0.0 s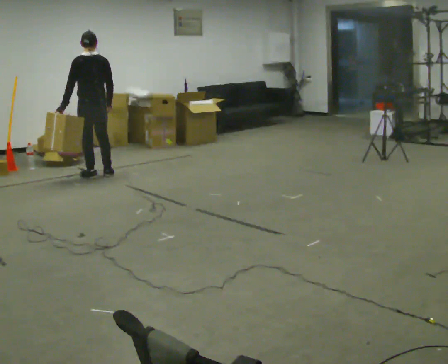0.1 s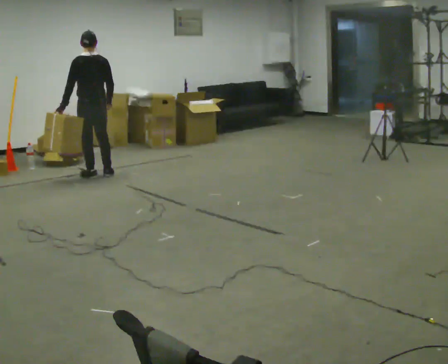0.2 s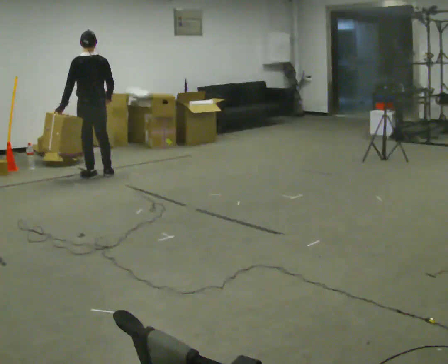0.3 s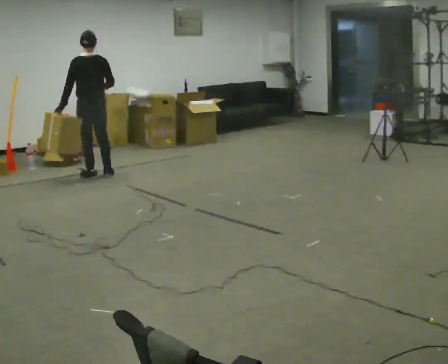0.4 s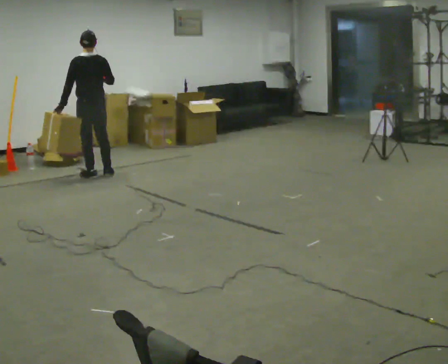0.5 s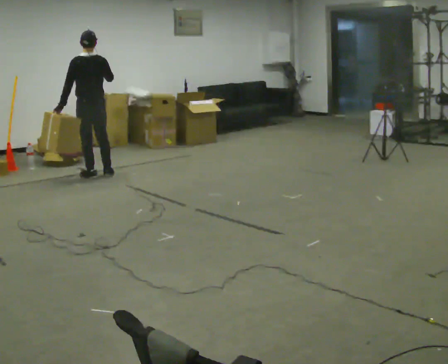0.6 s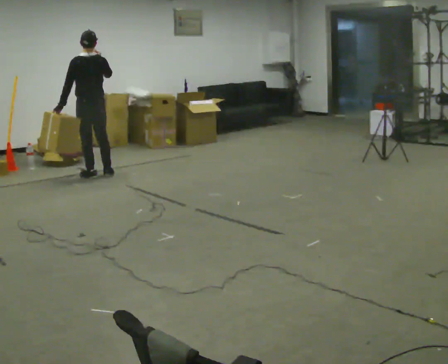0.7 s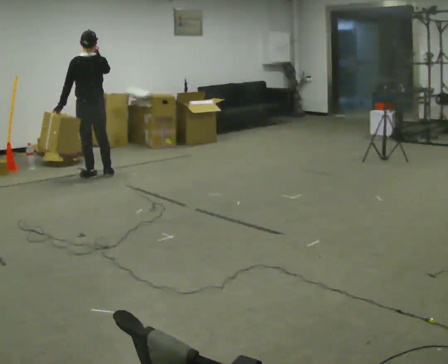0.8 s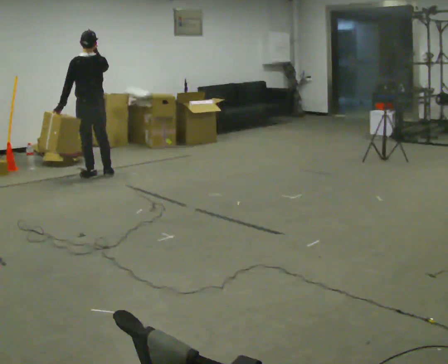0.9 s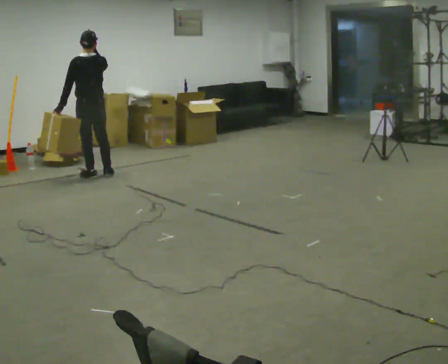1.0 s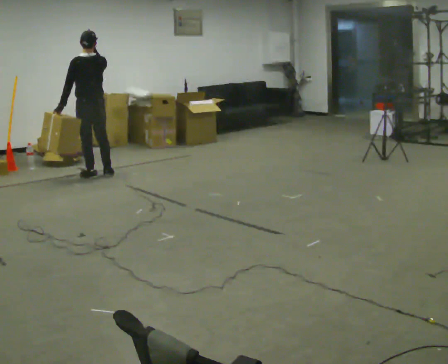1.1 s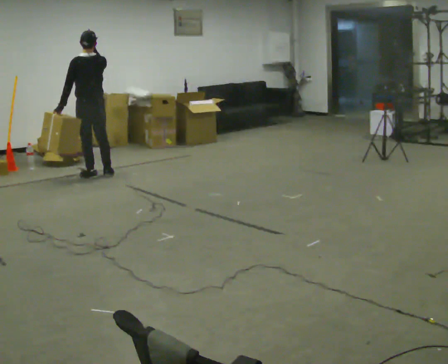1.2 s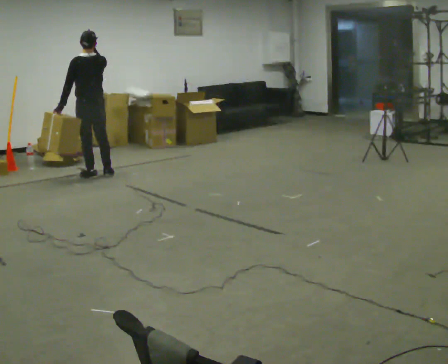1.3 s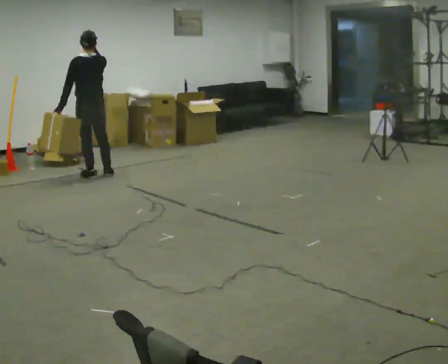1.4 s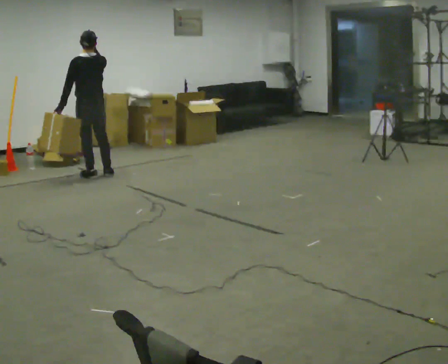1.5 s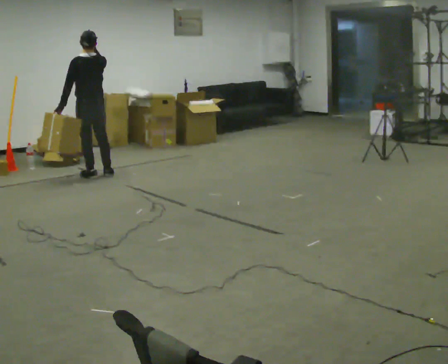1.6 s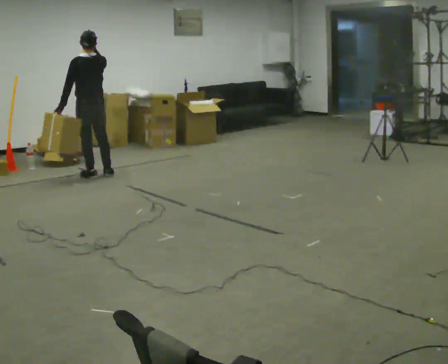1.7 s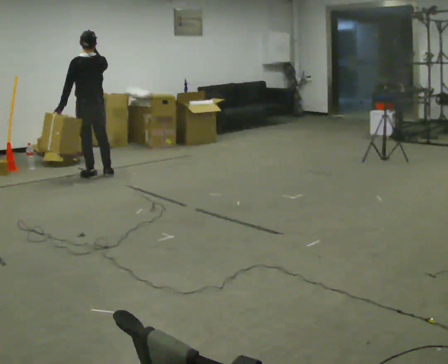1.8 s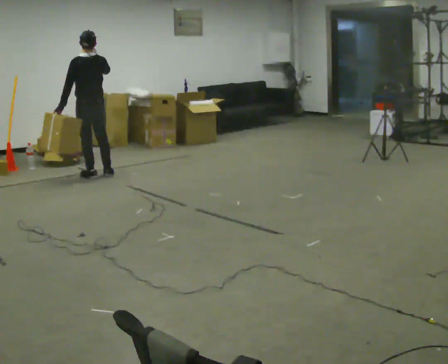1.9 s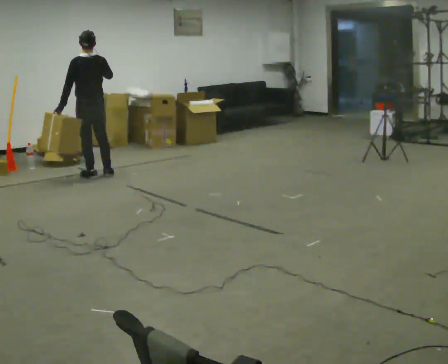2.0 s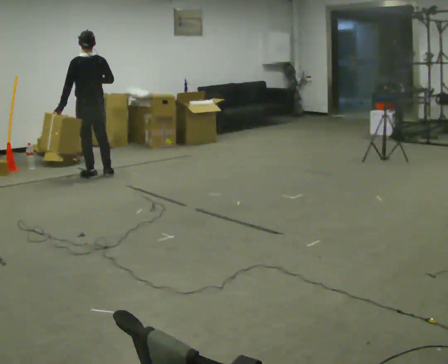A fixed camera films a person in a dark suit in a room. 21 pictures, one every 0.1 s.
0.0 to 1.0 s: In the picture their right hand goes upward.
1.0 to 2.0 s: In the picture their right hand goes downward.
The film runs forward here.
